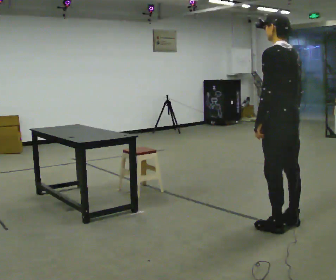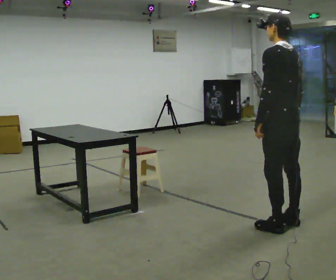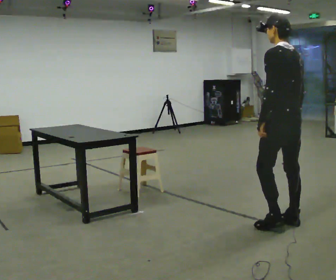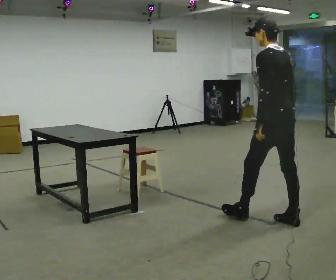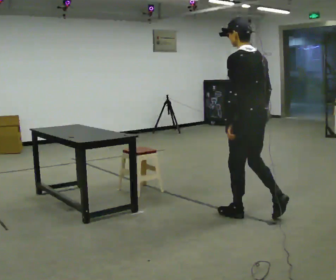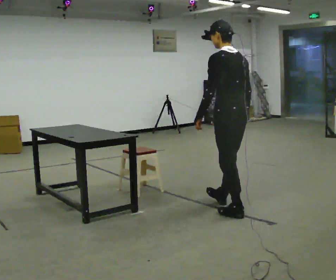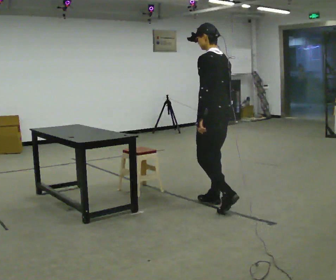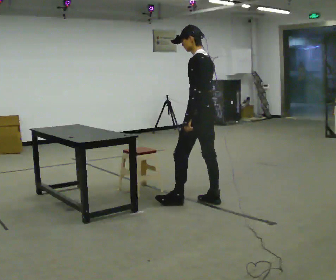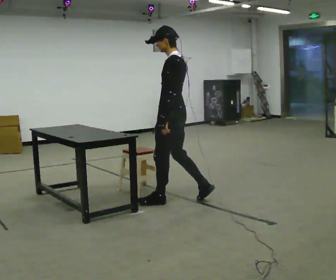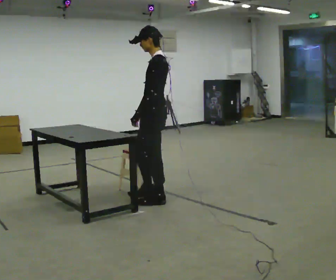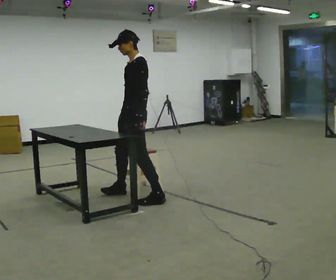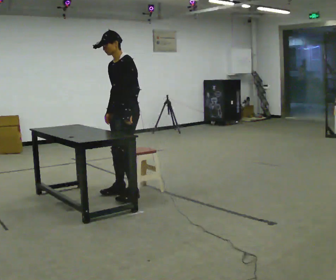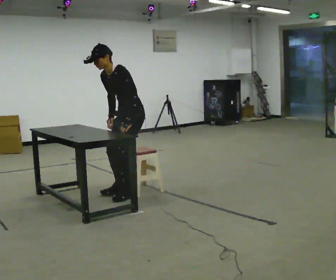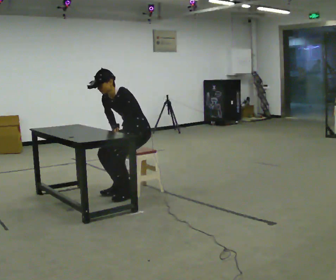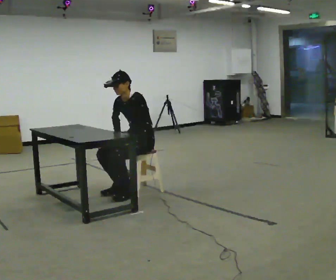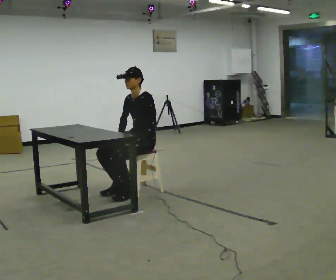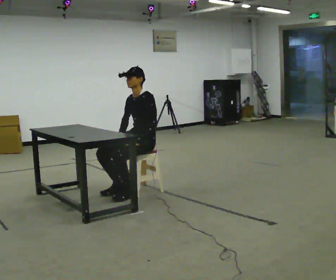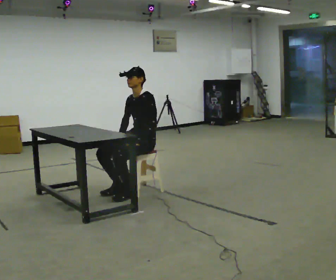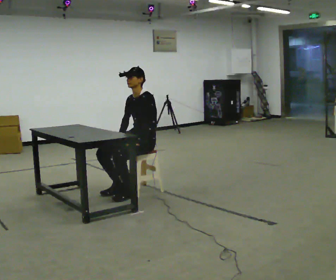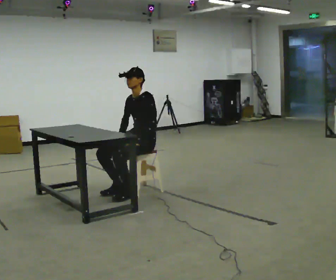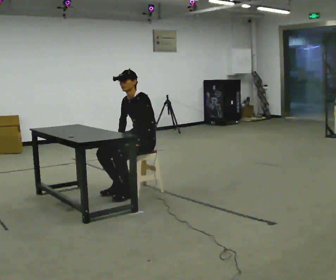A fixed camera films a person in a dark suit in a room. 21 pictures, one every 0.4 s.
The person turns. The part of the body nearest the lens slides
to the right.
The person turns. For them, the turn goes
to their left.
0.0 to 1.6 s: In the picture they go away from the camera and to the left, about 0.25 m in 1 step, which for them is forward.
1.6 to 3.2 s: The person turns about 45 degrees to their left, counterclockwise seen from above, so the part of the body nearest the lens slides to the right. In the picture they go away from the camera and to the left, about 1 m in 2 steps, which for them is forward.
3.2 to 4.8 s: Seen from above the body turns counterclockwise, about 60 degrees: to their left, with its near side sliding to the right. In the picture they go away from the camera and to the left, about 0.5 m in 2 steps, which for them is to their right and forward. In the picture the upper body tilts counterclockwise, shoulders to the left, as they bend forward.
4.8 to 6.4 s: The upper body goes downward.
6.4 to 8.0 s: The person moves a little, or ends about where they began.
The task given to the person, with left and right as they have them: Walk up to the chair at the table, sit down into the space, settle as if you were about to work there, then stand up and step away. Repeat the movement at your own pace until the operator says stop; do not rush.
The film runs forward here.
